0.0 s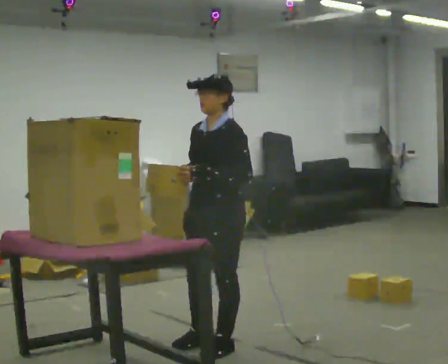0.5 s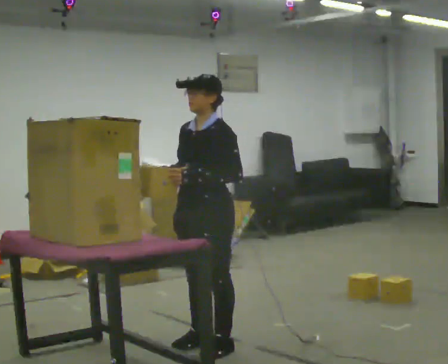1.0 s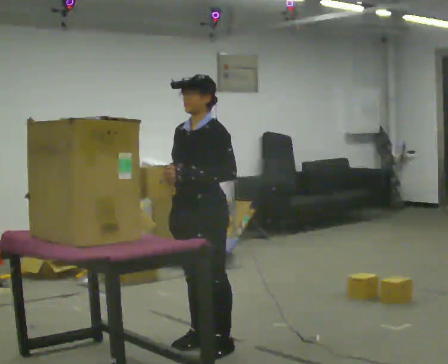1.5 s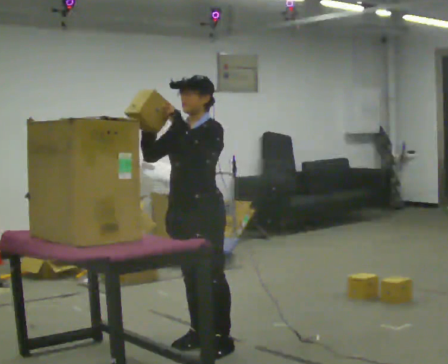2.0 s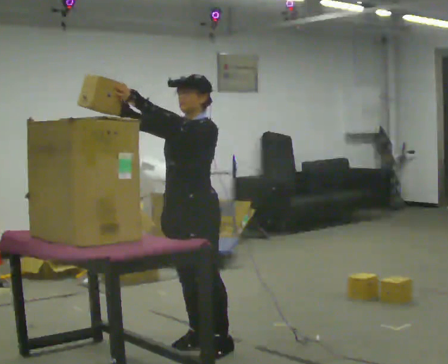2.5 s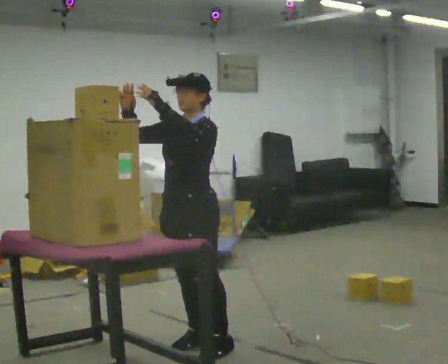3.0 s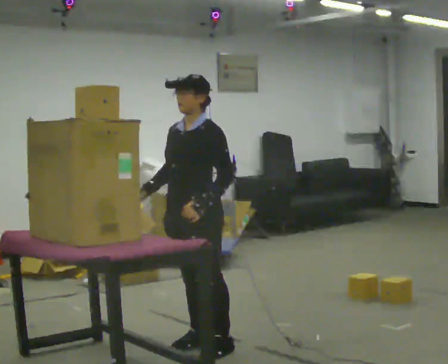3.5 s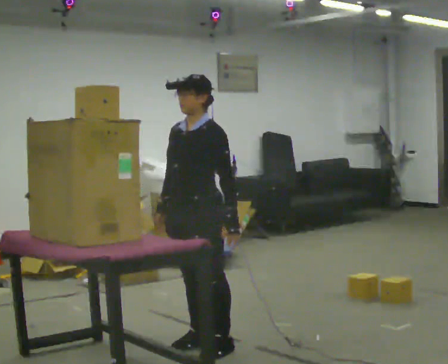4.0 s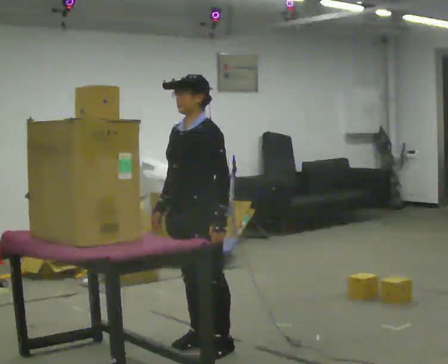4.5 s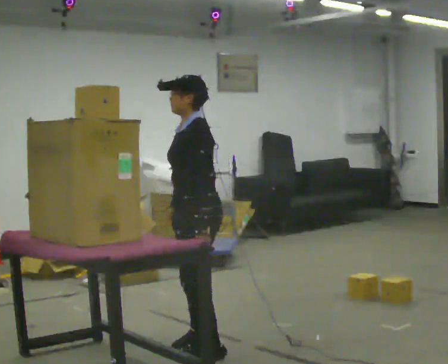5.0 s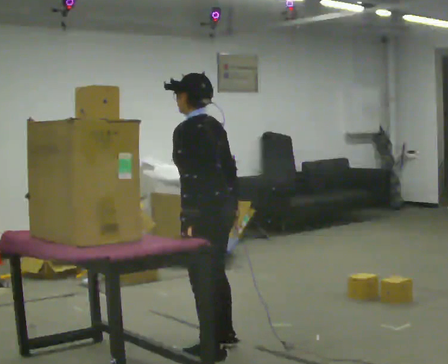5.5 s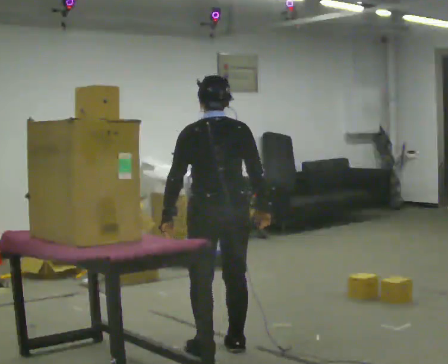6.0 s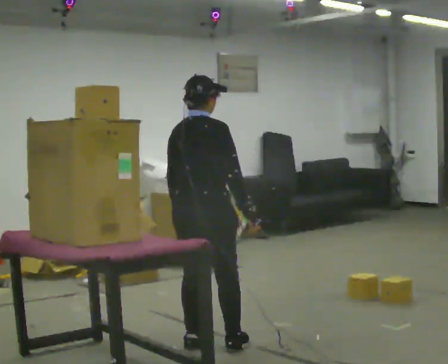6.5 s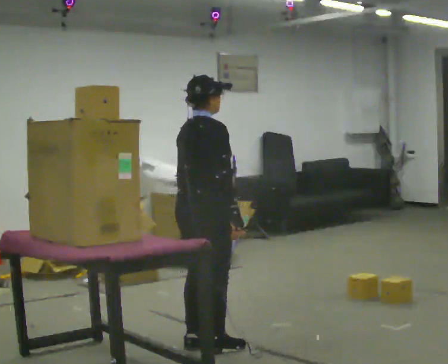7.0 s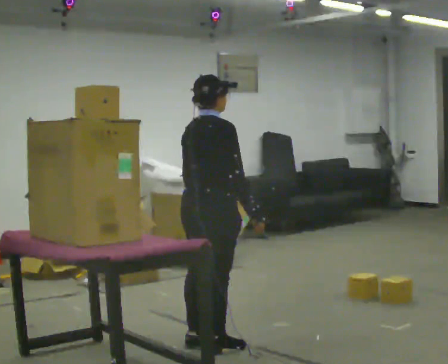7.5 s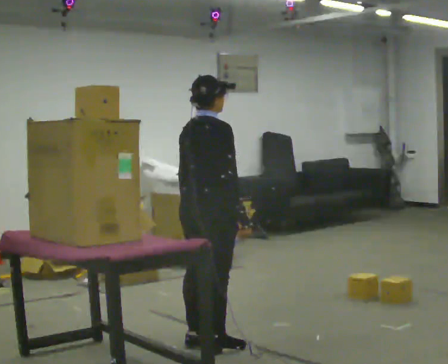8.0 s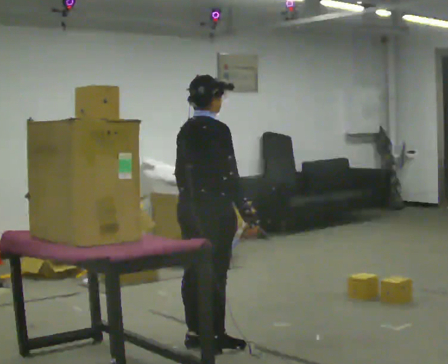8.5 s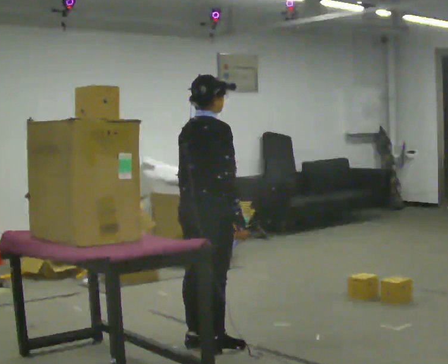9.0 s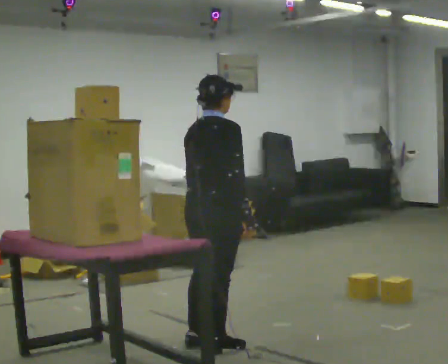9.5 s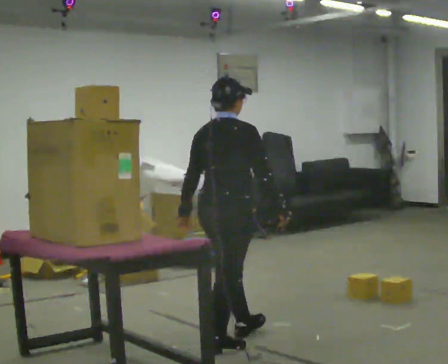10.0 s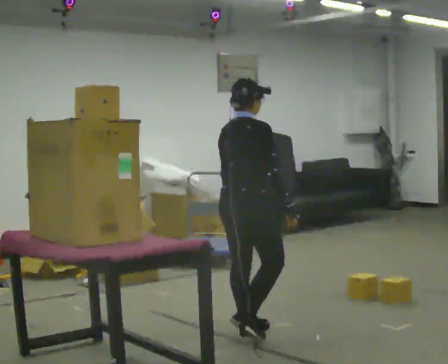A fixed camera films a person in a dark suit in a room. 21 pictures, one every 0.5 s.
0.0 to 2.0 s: In the picture their right hand goes upward and to the left.
2.0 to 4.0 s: In the picture their right hand goes downward, the arm swinging counterclockwise.
4.0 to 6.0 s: The person turns about 165 degrees to their right, clockwise seen from above, so the part of the body nearest the lens slides to the left. In the picture their right hand goes to the right, the arm swinging counterclockwise.
6.0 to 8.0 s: The person moves a little, or ends about where they began.
8.0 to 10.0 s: In the picture they go to the right and away from the camera, about 0.25 m in 1 step, which for them is forward.
The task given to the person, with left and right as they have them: Carry the object across the room and place it on the shelf just at the top of your comfortable reach. Keep going until the operator says stop; one object at a time, and do not rush between trips.
The film runs forward here.
